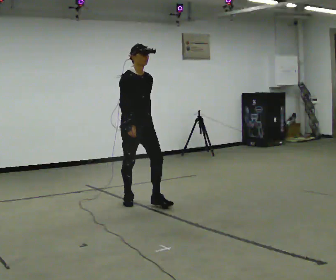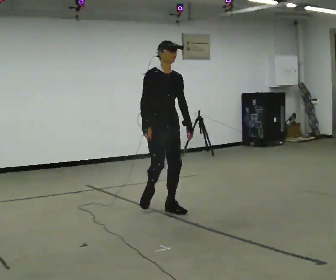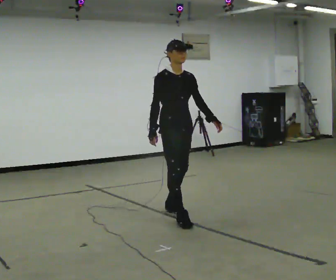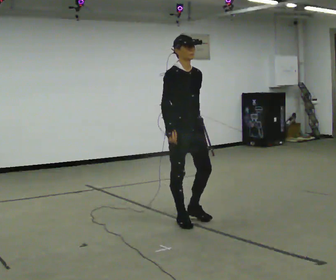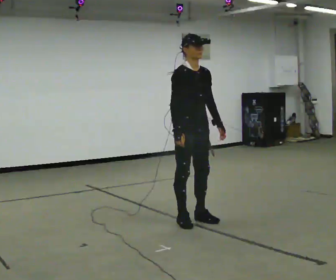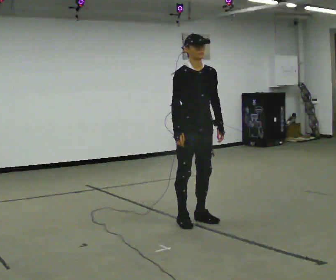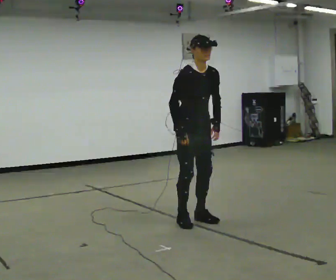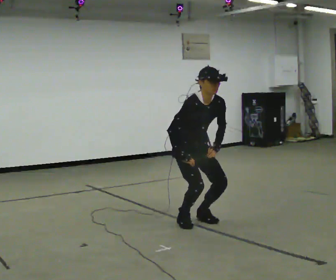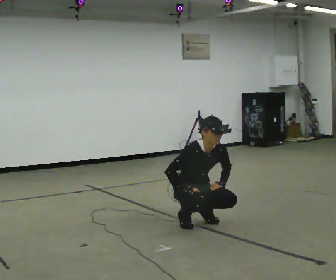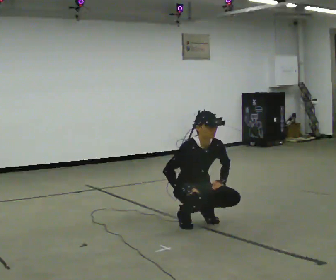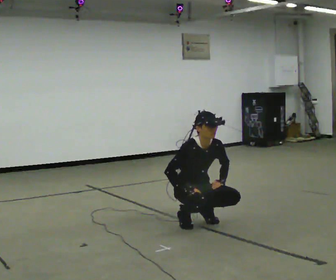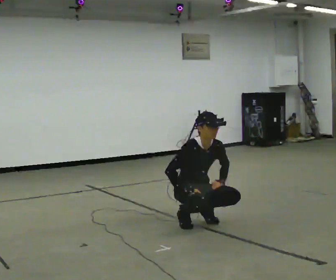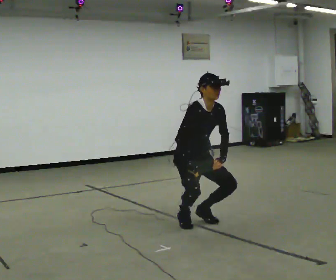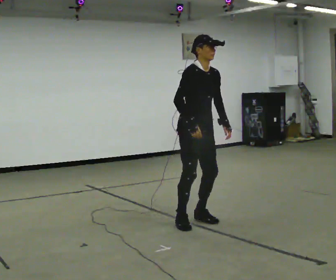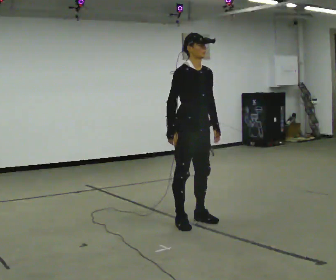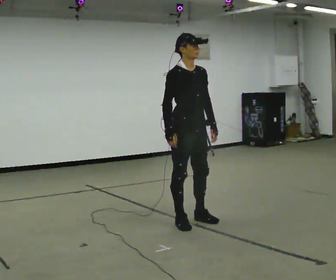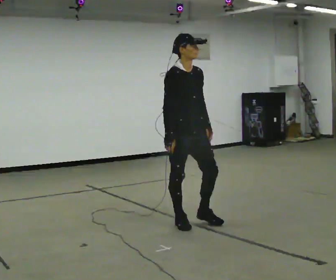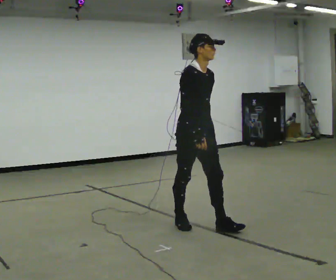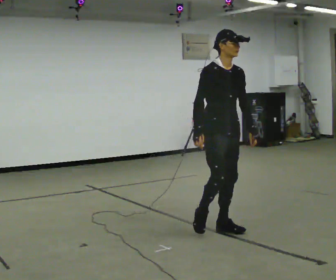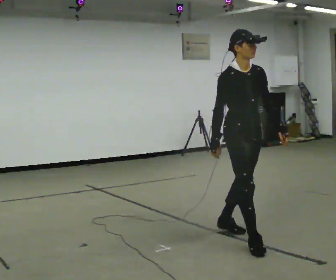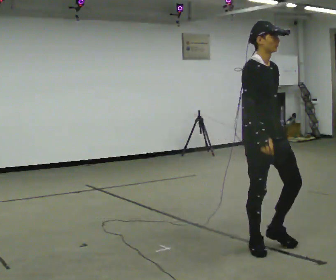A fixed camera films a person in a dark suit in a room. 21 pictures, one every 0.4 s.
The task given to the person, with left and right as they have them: Walk; crouch comfortably at marker; remain briefly; stand and continue.
0.0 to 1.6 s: In the picture they go toward the camera and to the right, about 1 m in 3 steps, which for them is forward.
1.6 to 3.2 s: The upper body goes downward. The upper body tips toward the camera, its near side rolling downward, as they bend forward. In the picture their left hand goes downward.
3.2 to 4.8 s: The upper body goes upward. In the picture their right hand goes upward.
4.8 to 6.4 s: In the picture they go toward the camera, about 0.25 m, which for them is to their right. The shoulders move upward. In the picture the upper body tilts counterclockwise, shoulders to the left, as they lean back or straighten.
6.4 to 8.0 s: In the picture they go toward the camera and to the right, about 1 m in 2 steps, which for them is forward.
The film runs forward here.
